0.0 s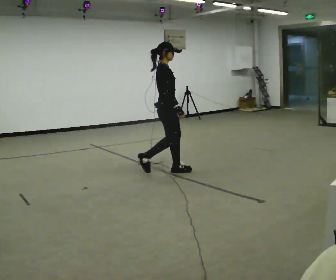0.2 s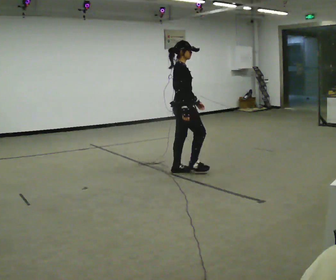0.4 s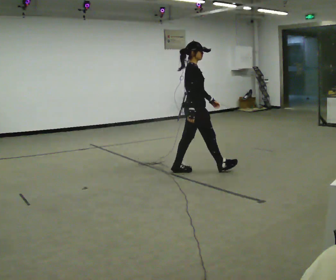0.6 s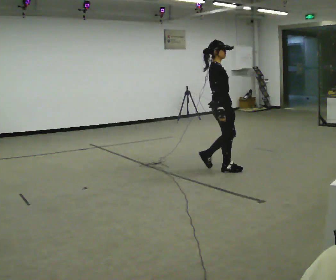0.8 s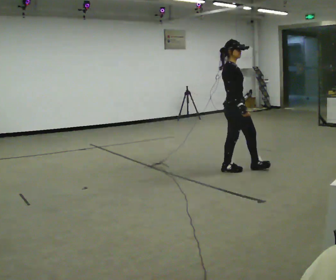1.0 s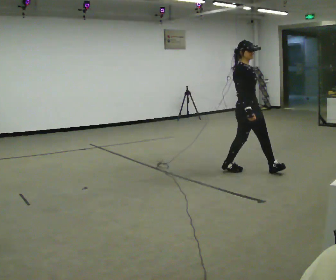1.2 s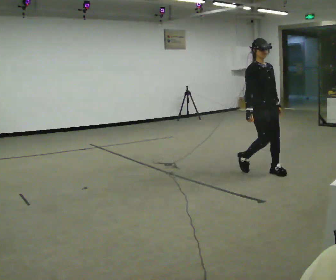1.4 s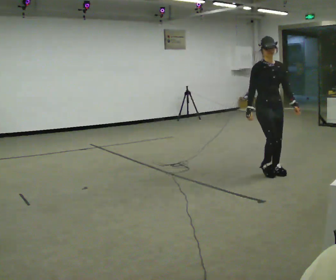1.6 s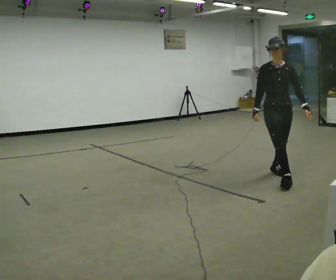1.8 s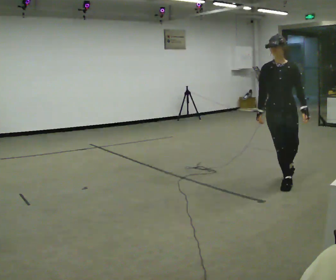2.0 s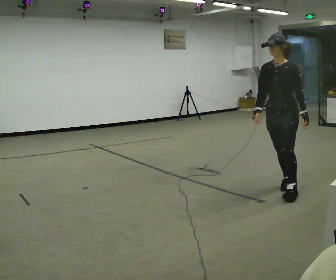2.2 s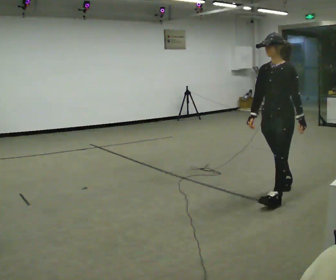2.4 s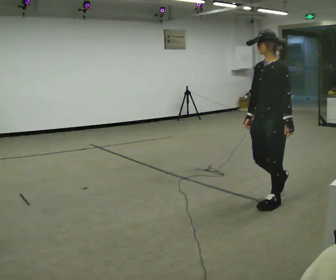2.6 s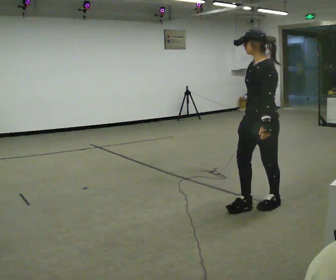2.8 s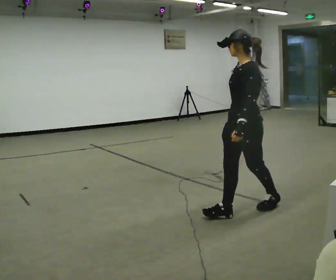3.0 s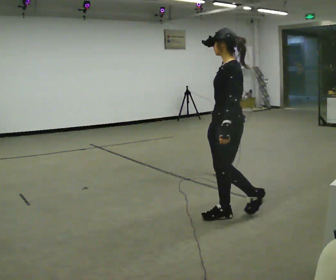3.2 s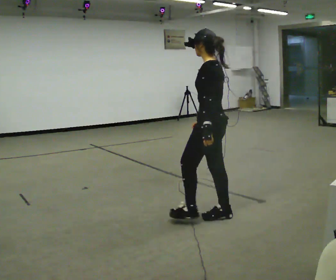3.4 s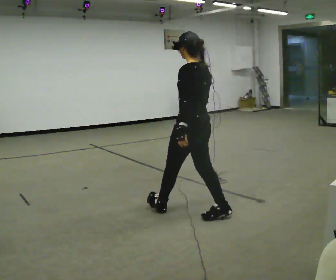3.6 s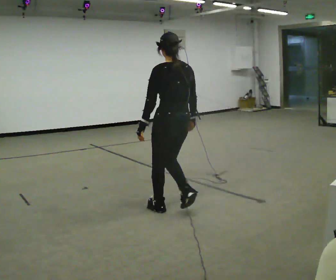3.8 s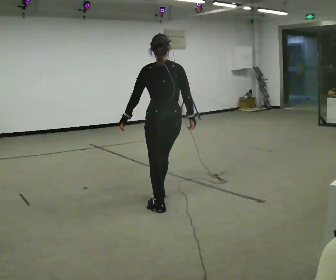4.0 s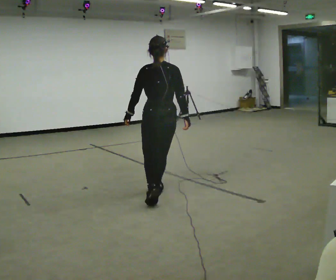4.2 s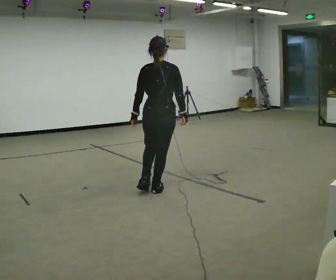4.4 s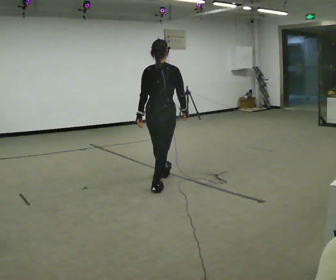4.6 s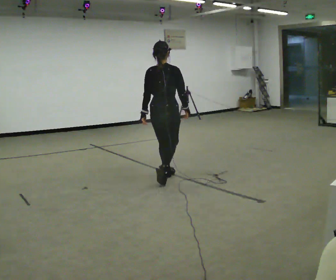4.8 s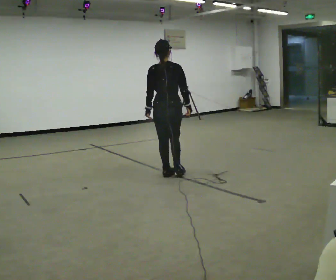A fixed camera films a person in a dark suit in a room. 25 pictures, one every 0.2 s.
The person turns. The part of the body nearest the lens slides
to the left.
The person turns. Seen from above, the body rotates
clockwise.
0.0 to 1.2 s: The person turns about 60 degrees to their right, clockwise seen from above, so the part of the body nearest the lens slides to the left. In the picture they go to the right, about 1 m in 2 steps.
1.2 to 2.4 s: The person turns about 90 degrees to their right, clockwise seen from above, so the part of the body nearest the lens slides to the left. In the picture they go toward the camera, about 1 m in 2 steps.
2.4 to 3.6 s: The part of the body nearest the lens slides to the left as the person turns to their right by about 90 degrees. In the picture they go to the left, about 1 m in 2 steps.
3.6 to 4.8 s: The person turns about 30 degrees to their right, clockwise seen from above, so the part of the body nearest the lens slides to the left. In the picture they go away from the camera, about 1 m in 2 steps, which for them is forward.
The film runs forward here.
